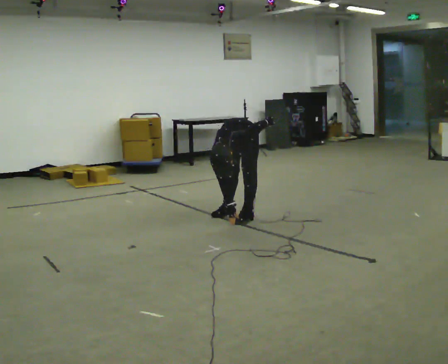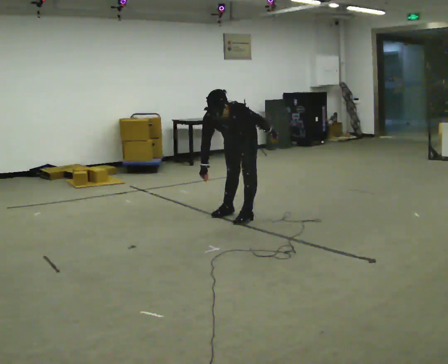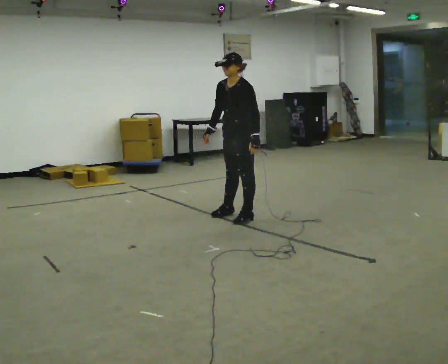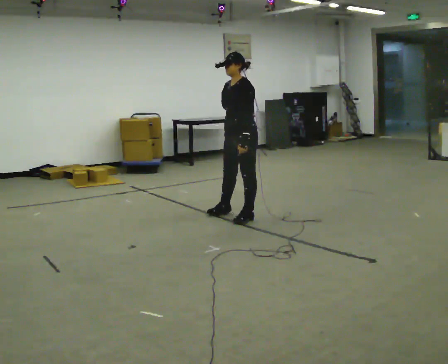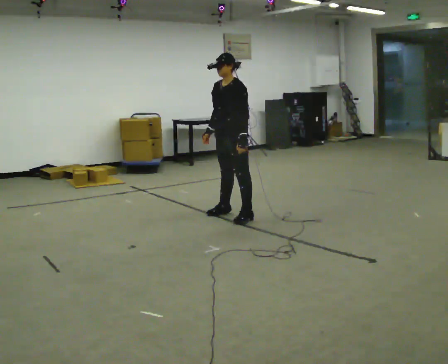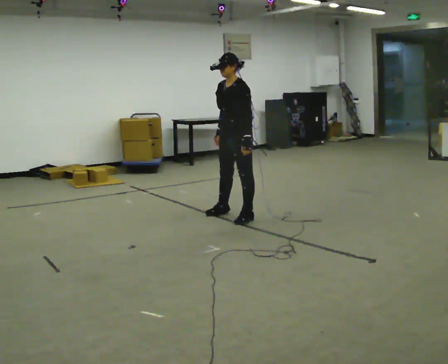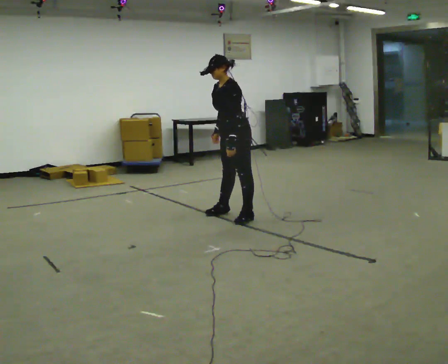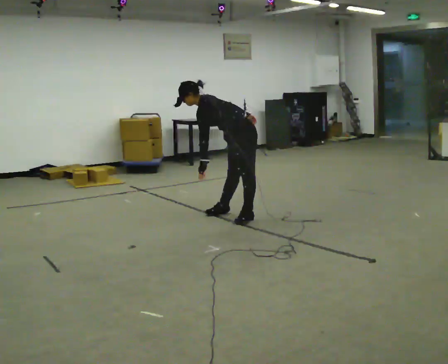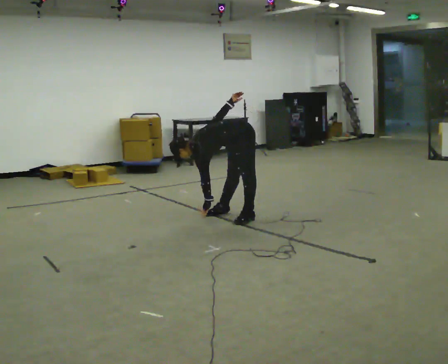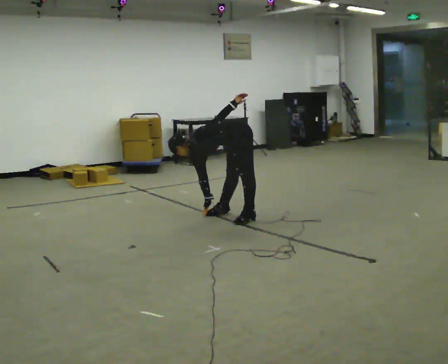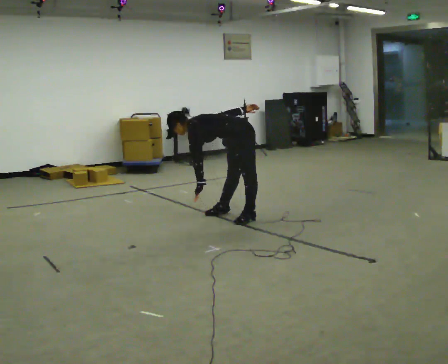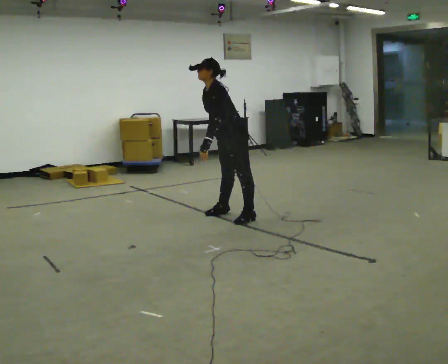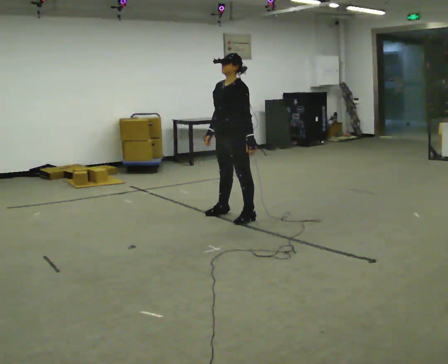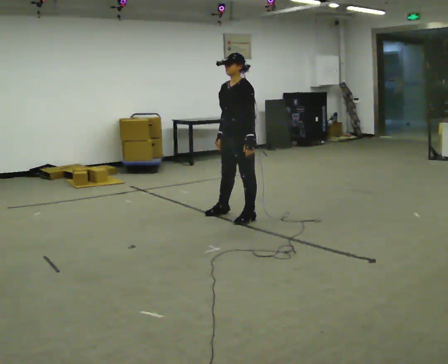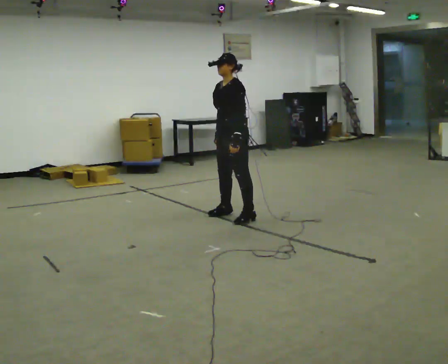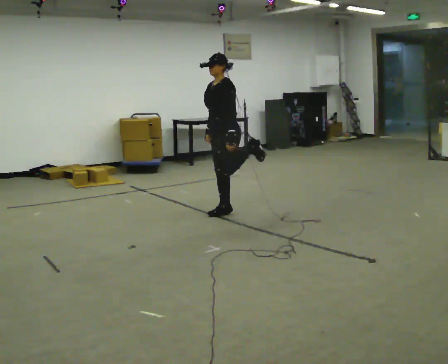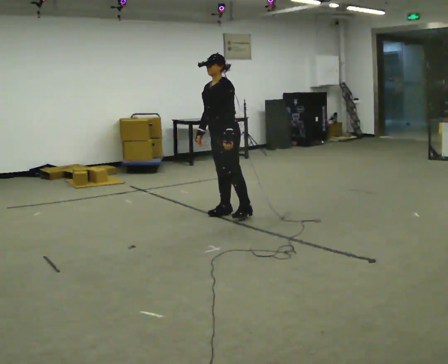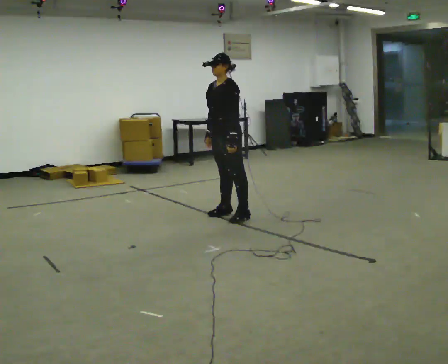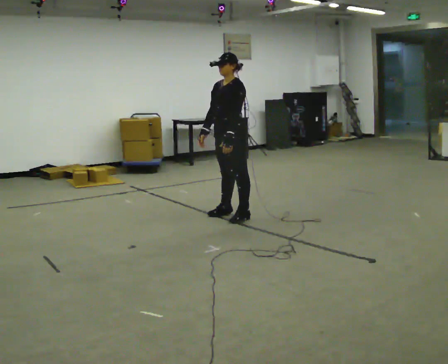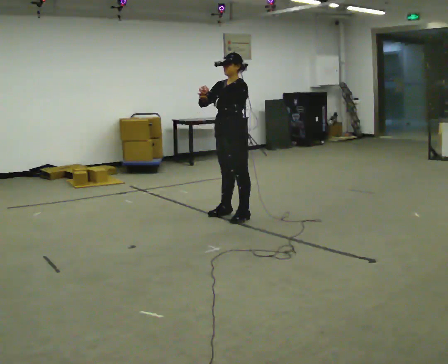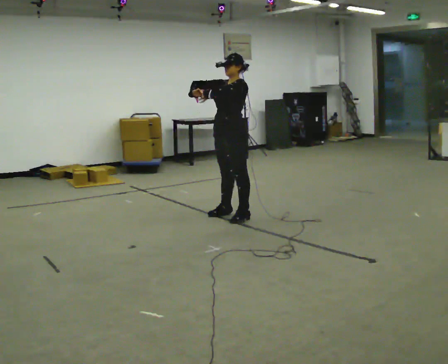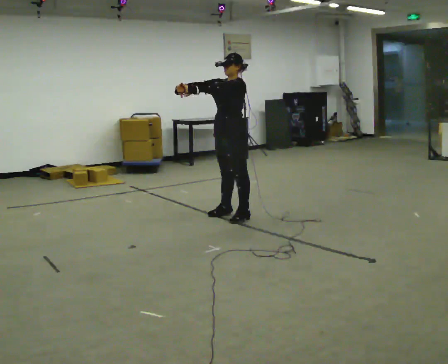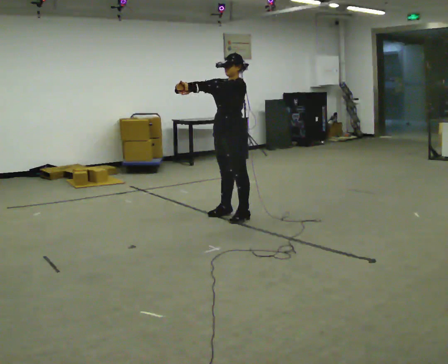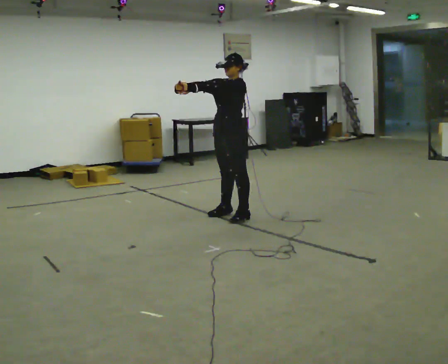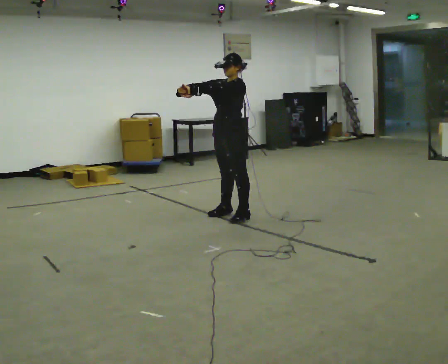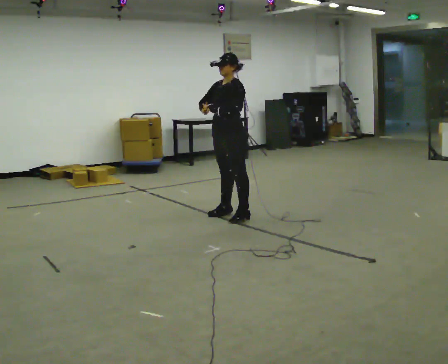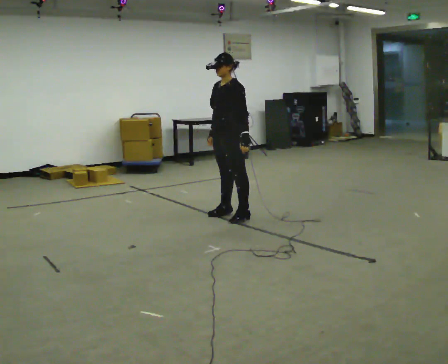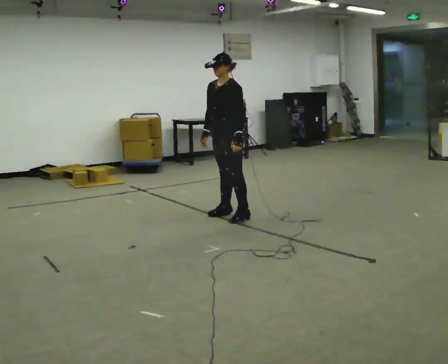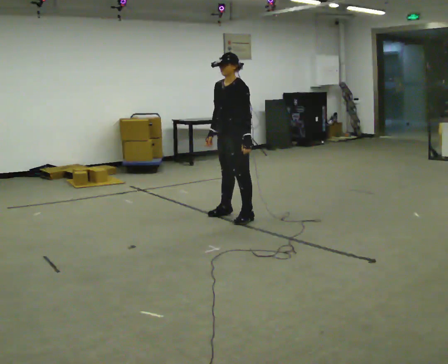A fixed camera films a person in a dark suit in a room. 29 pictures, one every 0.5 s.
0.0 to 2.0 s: The shoulders move upward. The upper body tips away from the camera, its near side rolling upward, as they lean back or straighten.
2.0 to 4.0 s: Seen from above the body turns clockwise, about 30 degrees: to their right, with its near side sliding to the left. The upper body goes downward. In the picture the upper body tilts counterclockwise, shoulders to the left, as they bend forward.
4.0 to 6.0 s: The part of the body nearest the lens slides to the right as the person turns to their left by about 30 degrees. The upper body goes upward. In the picture the upper body tilts clockwise, shoulders to the right, as they lean back or straighten.
6.0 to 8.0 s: The person moves a little, or ends about where they began.
8.0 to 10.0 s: In the picture they go toward the camera, about 0.25 m, which for them is to their left. In the picture the upper body tilts clockwise, shoulders to the right. In the picture their right hand goes upward.
10.0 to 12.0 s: The person moves a little, or ends about where they began.
12.0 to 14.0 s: In the picture their left hand goes to the right and downward.
The film runs forward here.
